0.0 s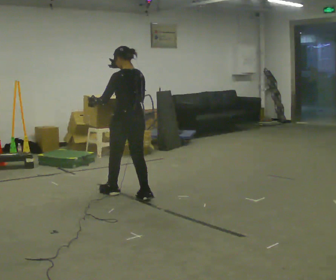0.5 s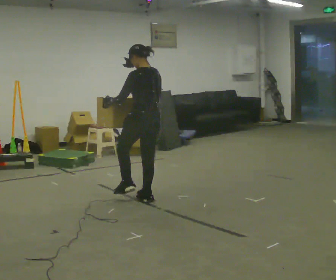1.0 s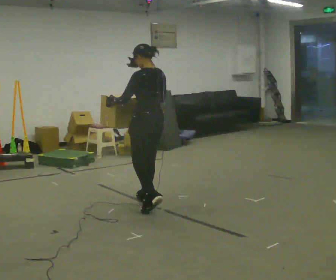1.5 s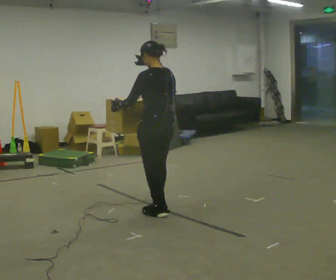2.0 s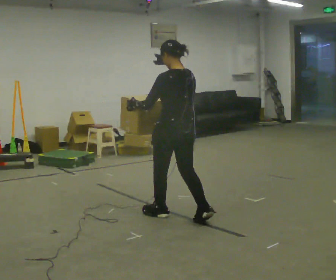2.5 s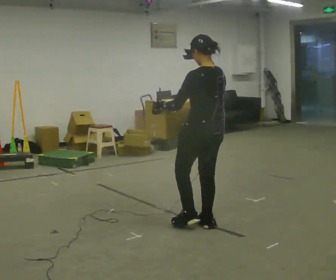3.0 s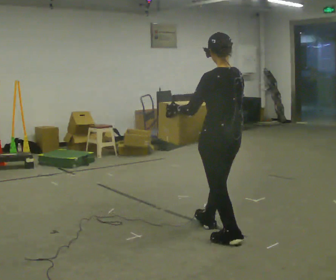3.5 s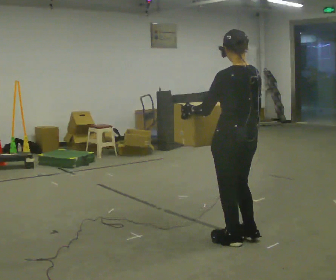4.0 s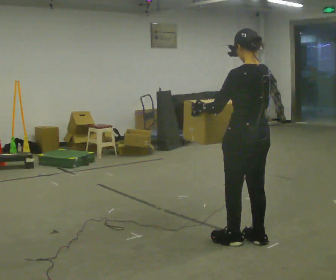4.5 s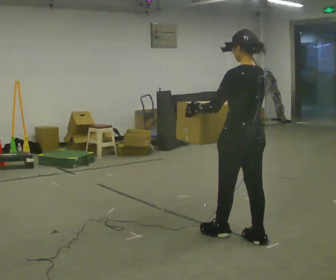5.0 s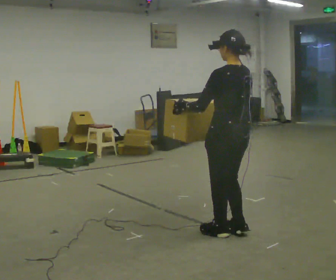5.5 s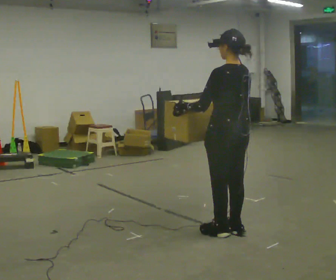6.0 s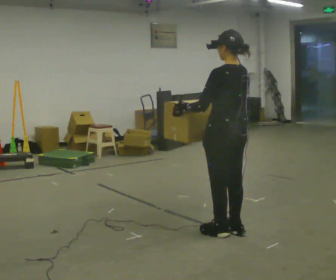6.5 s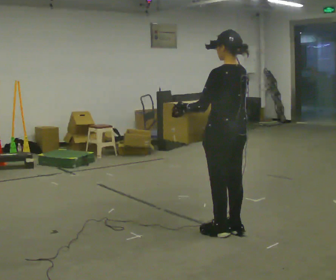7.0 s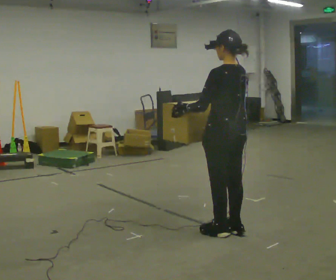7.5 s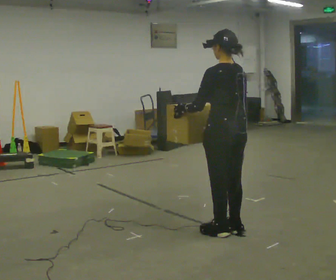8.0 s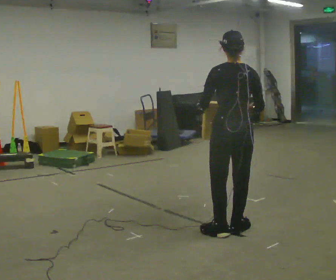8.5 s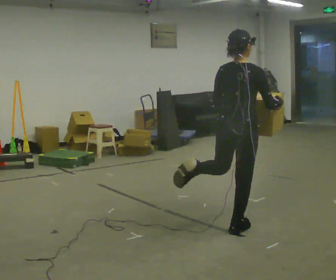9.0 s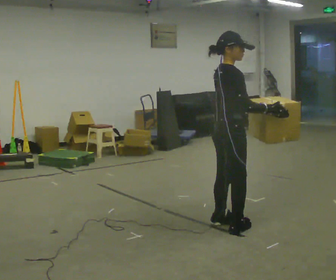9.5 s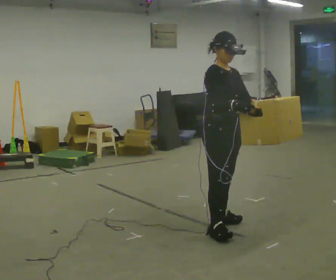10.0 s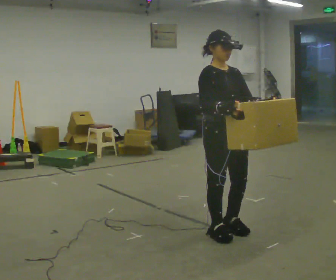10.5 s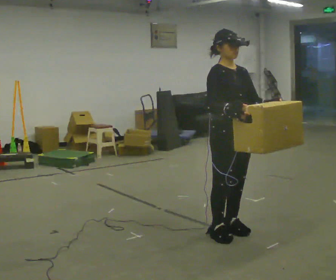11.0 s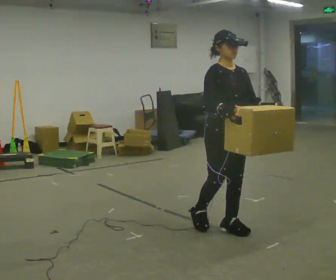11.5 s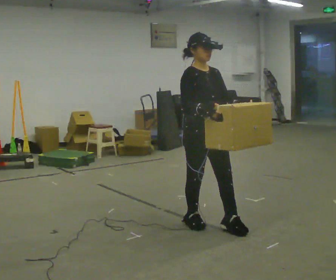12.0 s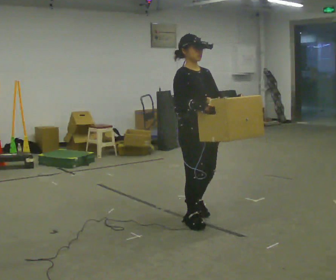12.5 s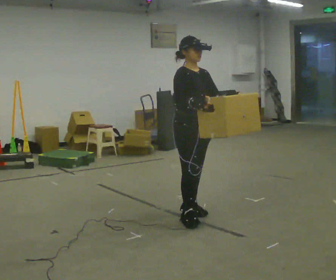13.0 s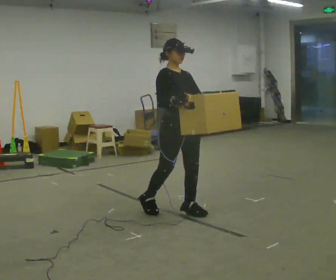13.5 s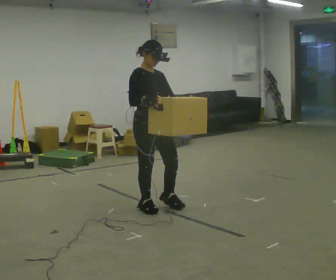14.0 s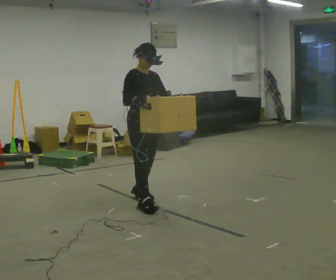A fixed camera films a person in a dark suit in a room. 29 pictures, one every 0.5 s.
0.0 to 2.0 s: In the picture they go toward the camera and to the right, about 1 m in 1 step, which for them is backward.
2.0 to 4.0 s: In the picture they go to the right and toward the camera, about 1 m in 3 steps, which for them is backward.
4.0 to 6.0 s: In the picture they go away from the camera and to the left, about 0.25 m in 2 steps, which for them is forward.
6.0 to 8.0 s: Seen from above the body turns clockwise, about 30 degrees: to their right, with its near side sliding to the left.
8.0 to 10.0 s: Seen from above the body turns clockwise, about 150 degrees: to their right, with its near side sliding to the left.
10.0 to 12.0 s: In the picture they go away from the camera and to the left, about 0.25 m in 2 steps, which for them is backward.
12.0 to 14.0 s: In the picture they go away from the camera and to the left, about 1 m in 3 steps, which for them is backward.
The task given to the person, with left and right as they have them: Carry the box while walking backward. The operator confirms the space behind you is clear before each take.
The film runs forward here.
